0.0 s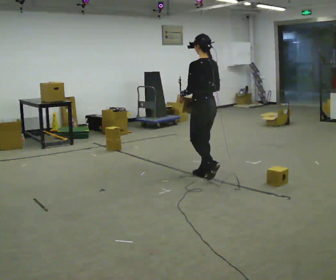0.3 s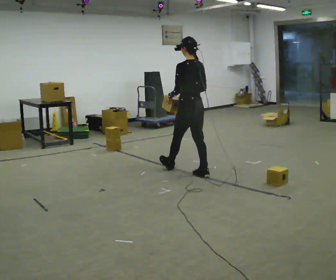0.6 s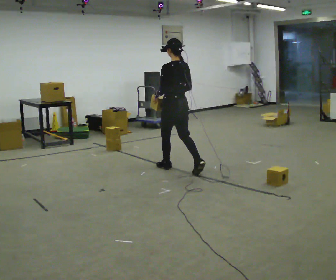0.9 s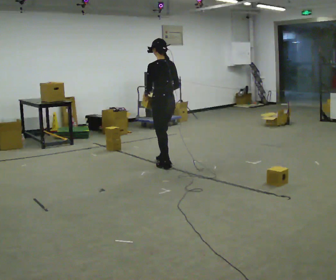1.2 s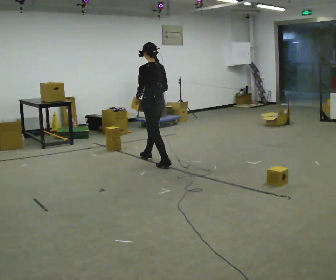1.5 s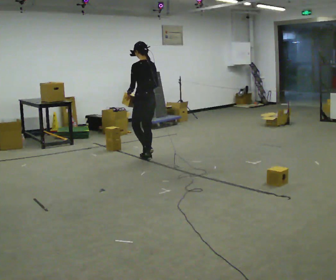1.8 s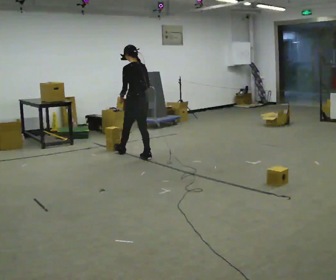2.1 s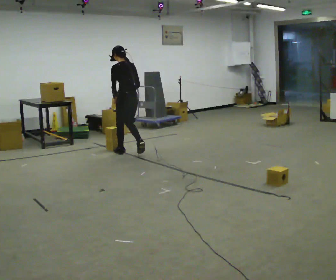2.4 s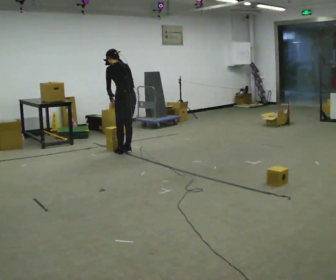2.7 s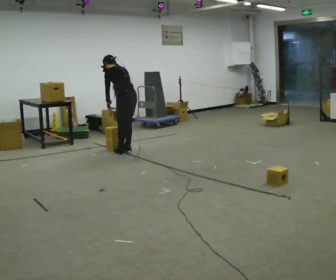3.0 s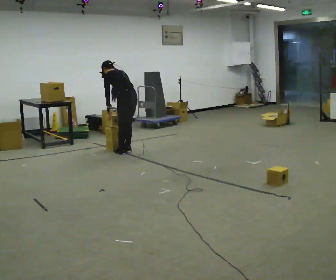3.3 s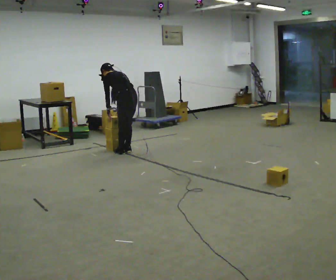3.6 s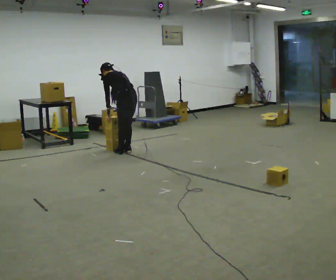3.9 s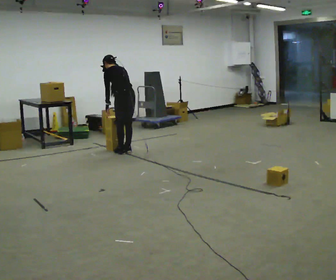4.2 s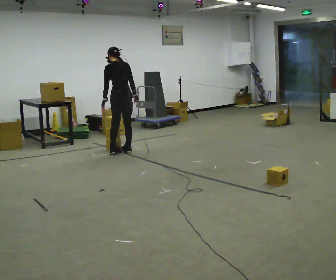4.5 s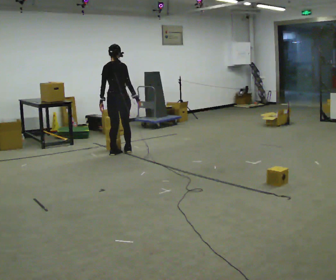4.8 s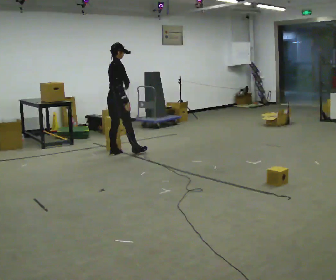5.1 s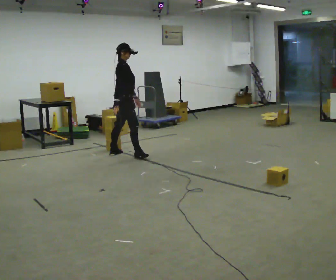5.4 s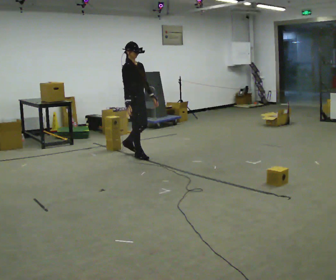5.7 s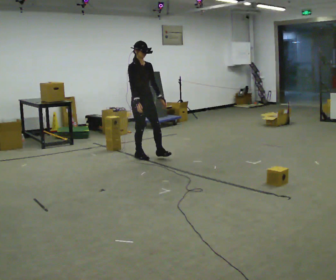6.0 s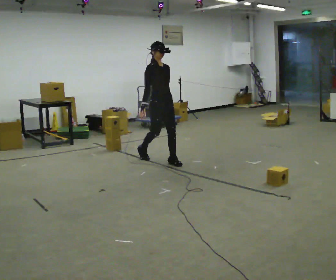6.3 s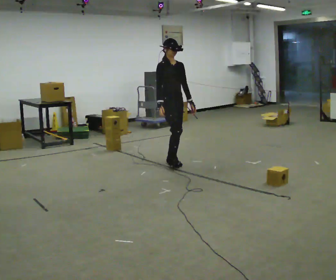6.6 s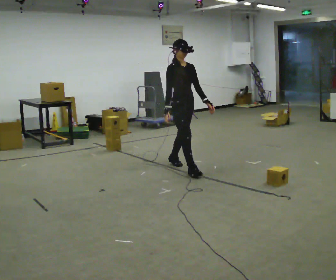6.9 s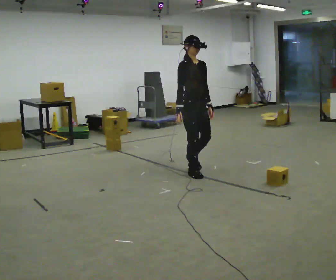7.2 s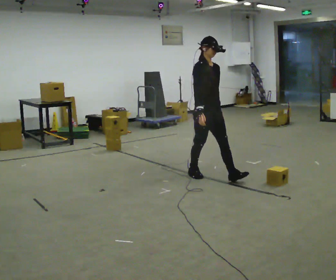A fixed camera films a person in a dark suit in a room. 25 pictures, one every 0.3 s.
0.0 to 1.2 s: In the picture they go away from the camera and to the left, about 1 m in 2 steps, which for them is forward.
1.2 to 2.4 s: In the picture they go away from the camera and to the left, about 0.75 m in 2 steps, which for them is forward.
2.4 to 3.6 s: The upper body tips away from the camera, its near side rolling upward, as they bend forward.
3.6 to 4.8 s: Seen from above the body turns clockwise, about 105 degrees: to their right, with its near side sliding to the left. In the picture they go to the left, about 0.25 m in 1 step. The shoulders move upward. The upper body tips toward the camera, its near side rolling downward, as they lean back or straighten.
4.8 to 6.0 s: The person turns about 75 degrees to their right, clockwise seen from above, so the part of the body nearest the lens slides to the left. In the picture they go to the right and toward the camera, about 1 m in 2 steps.
6.0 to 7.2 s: In the picture they go toward the camera and to the right, about 1 m in 1 step, which for them is forward.
The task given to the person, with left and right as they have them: Carry the stack of boxes across the room without letting it fall over, then bring it back. Keep going until the operator says stop; one object at a time, and do not rush between trips.
The film runs forward here.
